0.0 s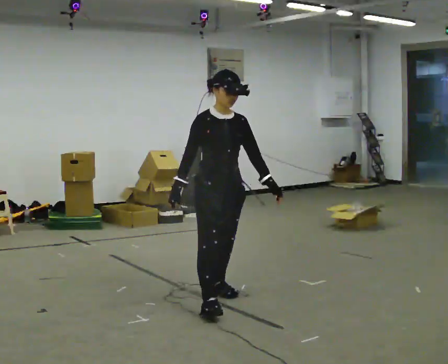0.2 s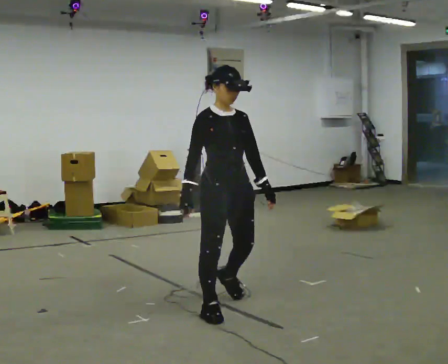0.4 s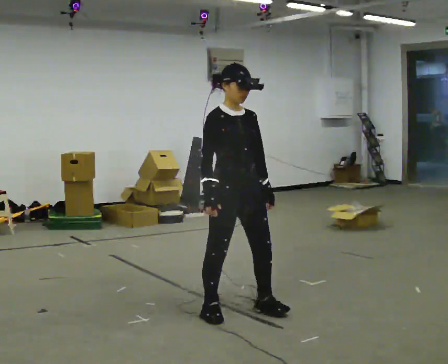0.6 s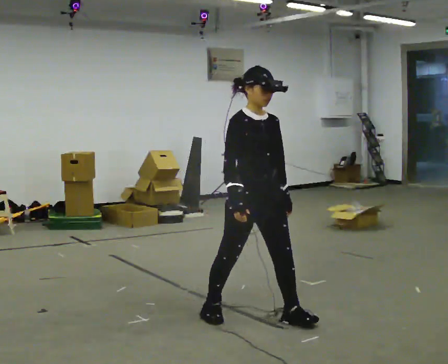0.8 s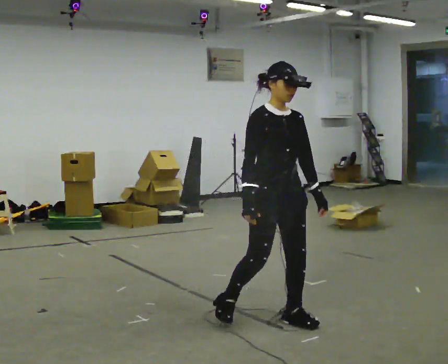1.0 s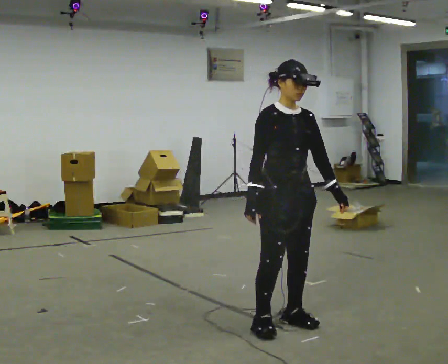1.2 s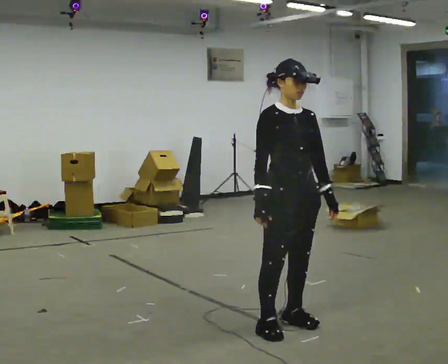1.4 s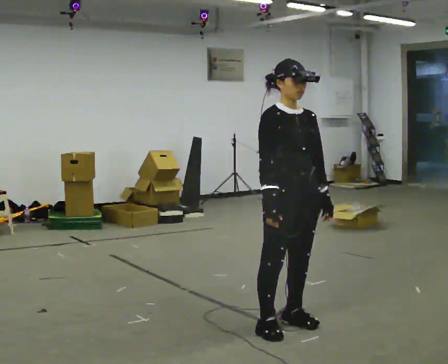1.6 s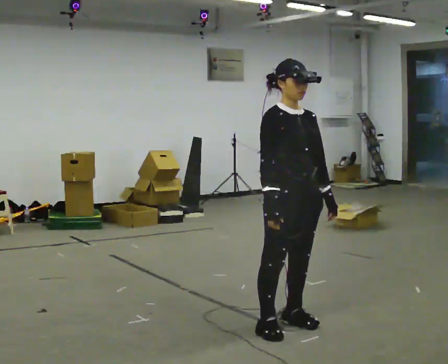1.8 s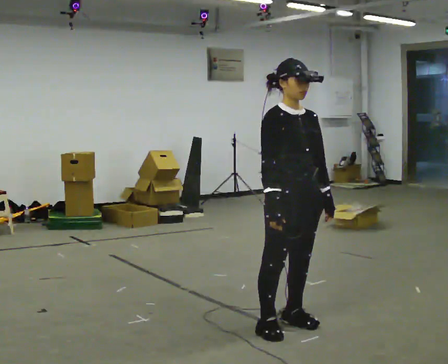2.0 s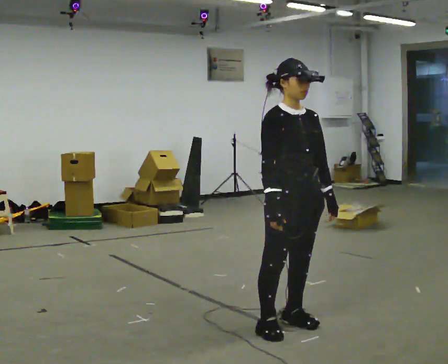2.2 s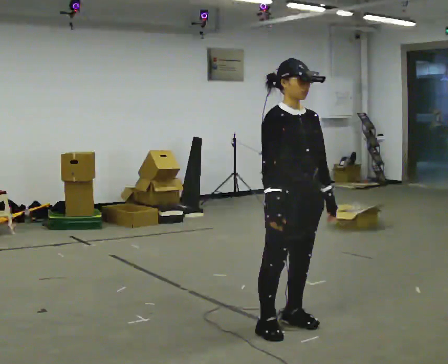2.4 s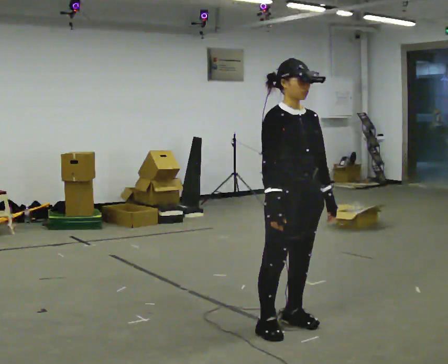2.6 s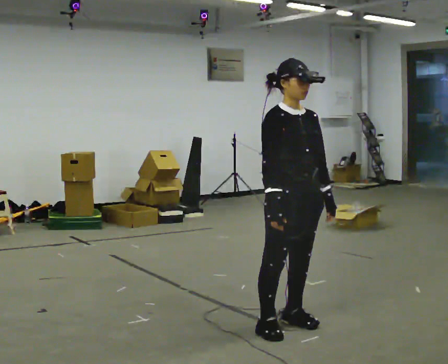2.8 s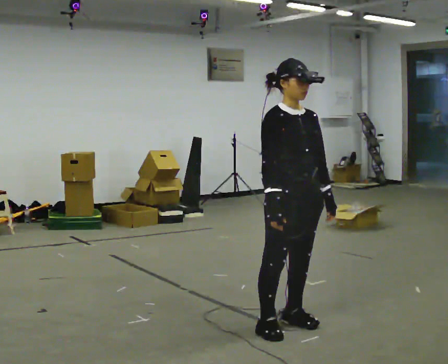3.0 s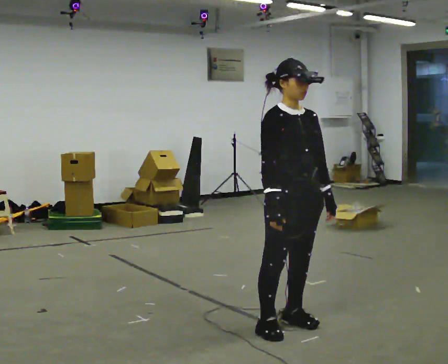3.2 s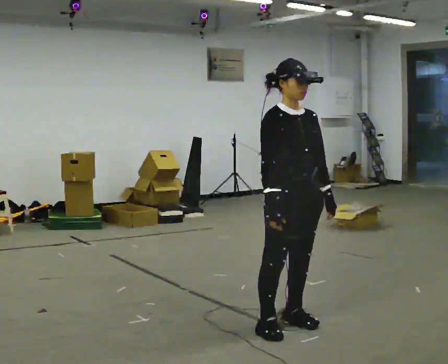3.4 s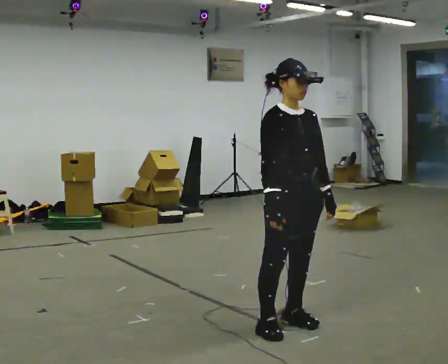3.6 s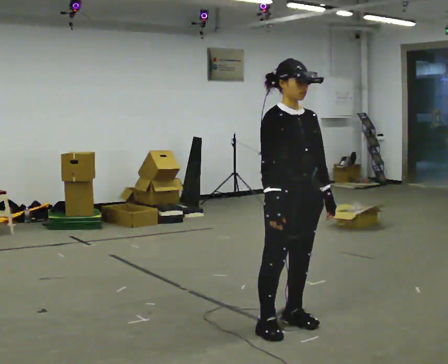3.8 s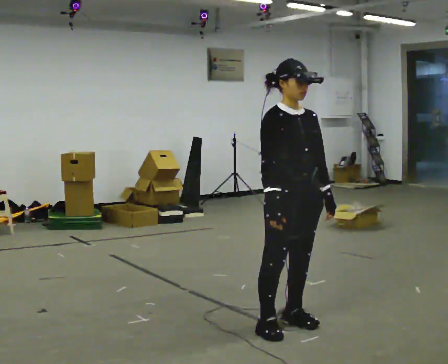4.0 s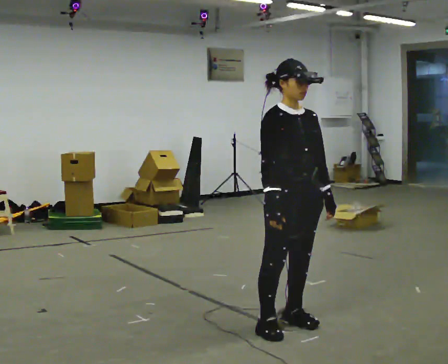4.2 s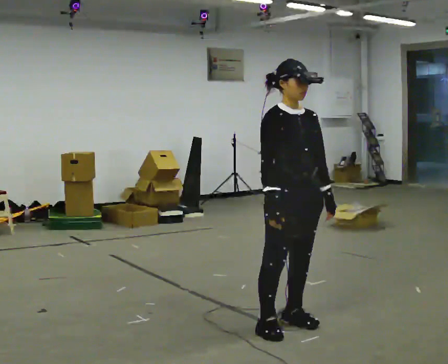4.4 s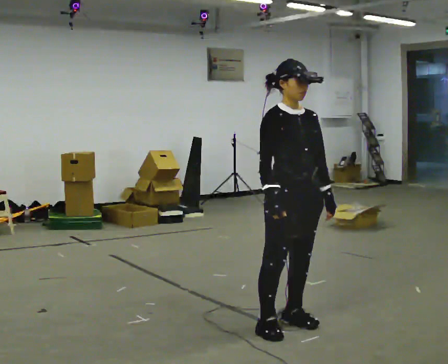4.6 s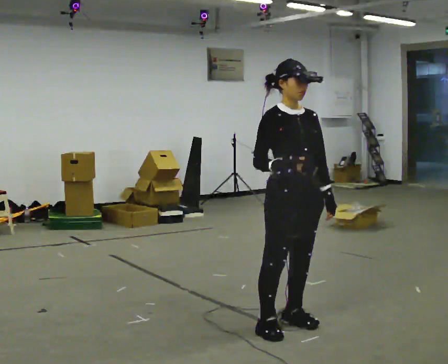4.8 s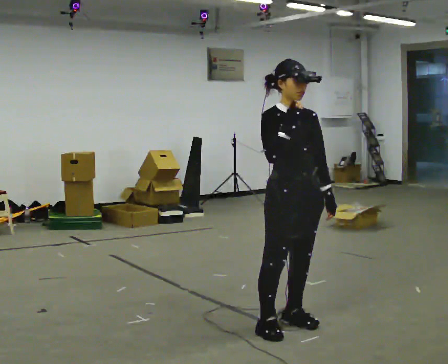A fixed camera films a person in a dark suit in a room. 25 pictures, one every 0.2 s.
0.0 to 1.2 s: In the picture they go to the right and toward the camera, about 0.75 m in 2 steps, which for them is forward.
1.2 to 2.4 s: The person moves a little, or ends about where they began.
2.4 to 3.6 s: The person keeps their place and pose.
3.6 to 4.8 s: In the picture their right hand goes upward.
The film runs forward here.
